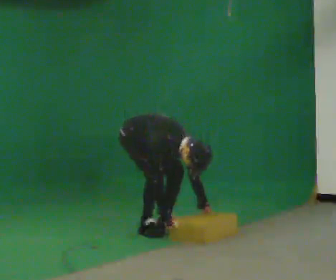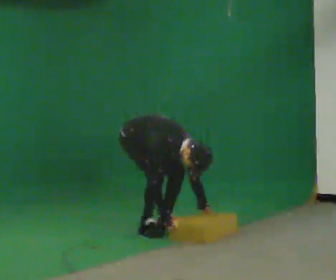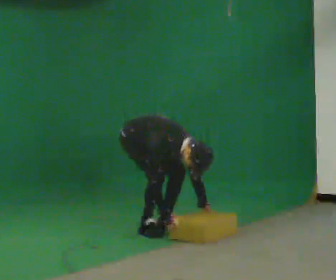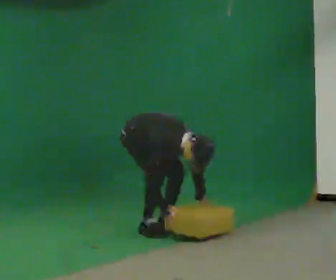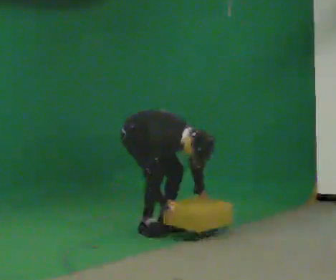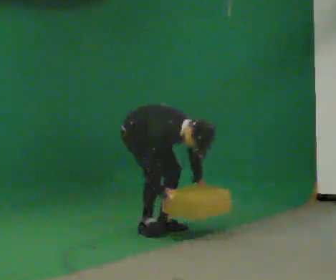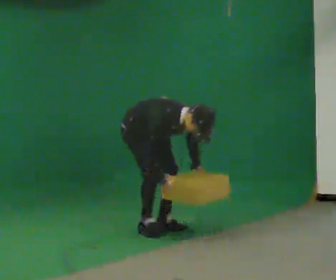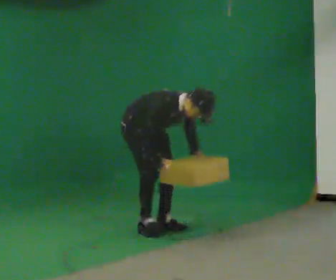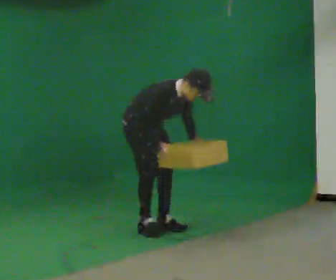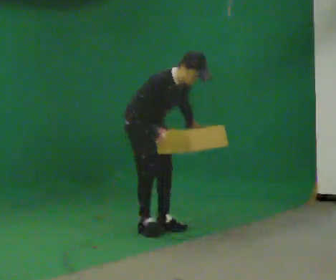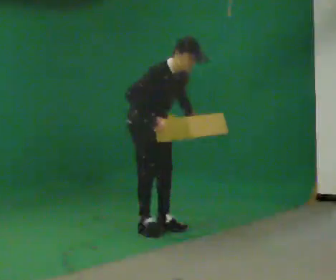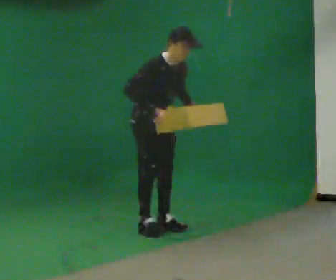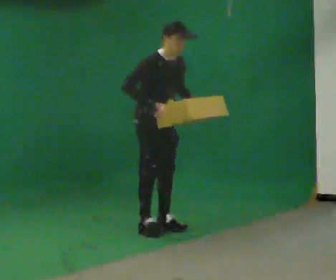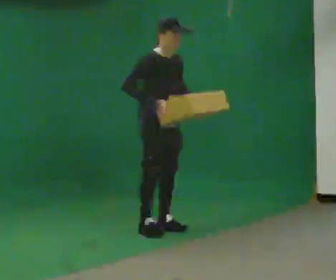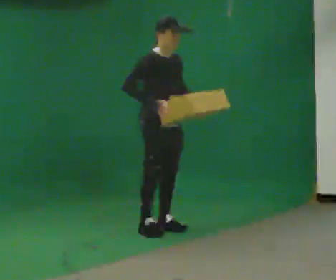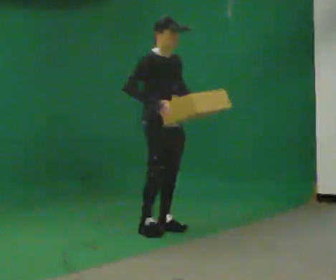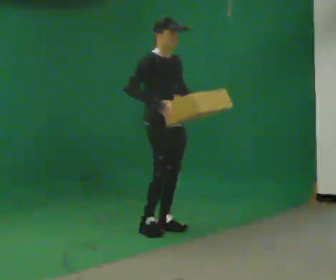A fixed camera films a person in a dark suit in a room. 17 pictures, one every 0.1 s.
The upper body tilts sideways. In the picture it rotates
counterclockwise.
Their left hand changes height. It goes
upward.
0.0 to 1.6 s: In the picture they go to the right, about 0.25 m, which for them is forward. The upper body goes upward. In the picture the upper body tilts counterclockwise, shoulders to the left, as they lean back or straighten. In the picture their right hand goes upward.
The film runs forward here.
